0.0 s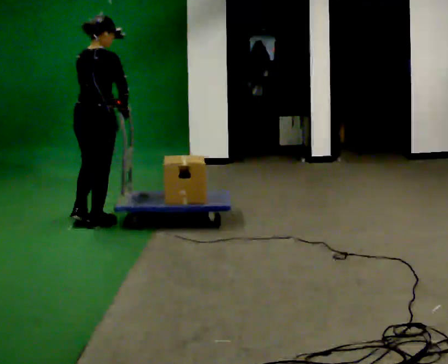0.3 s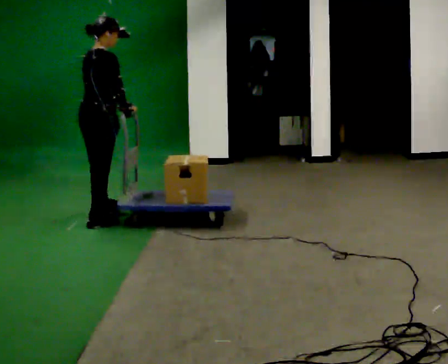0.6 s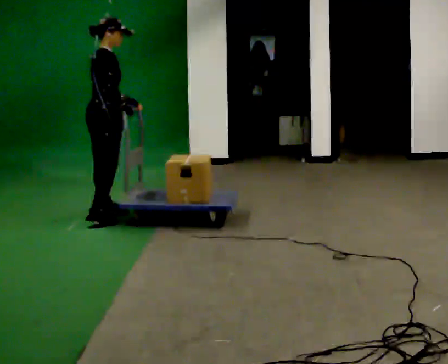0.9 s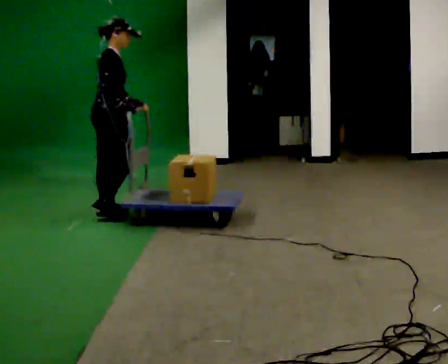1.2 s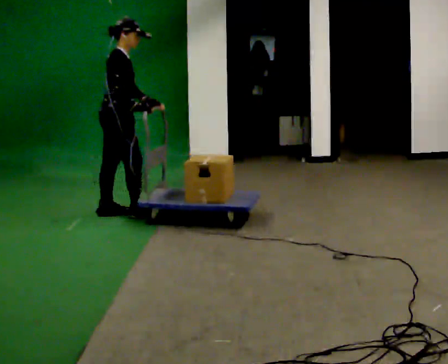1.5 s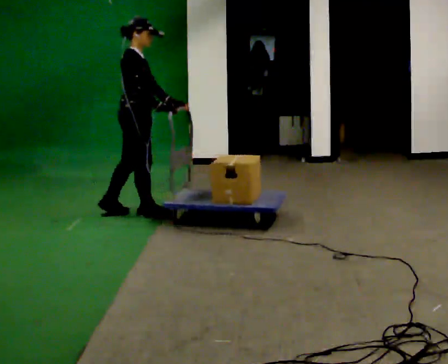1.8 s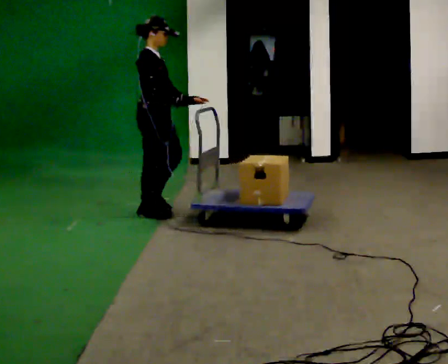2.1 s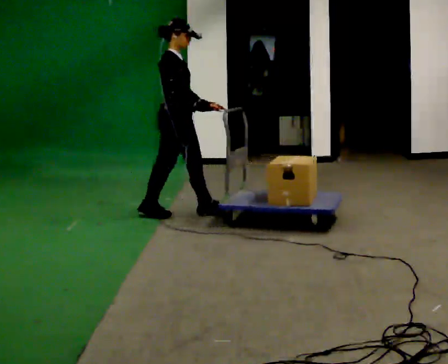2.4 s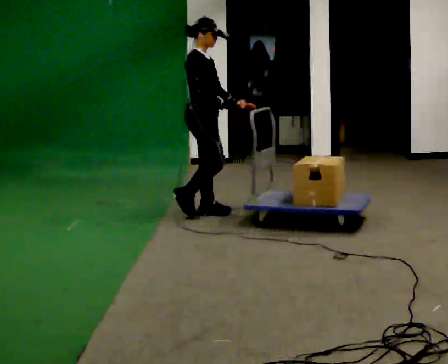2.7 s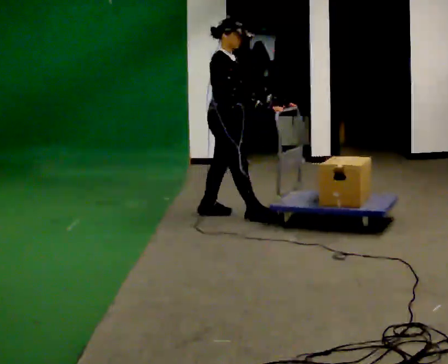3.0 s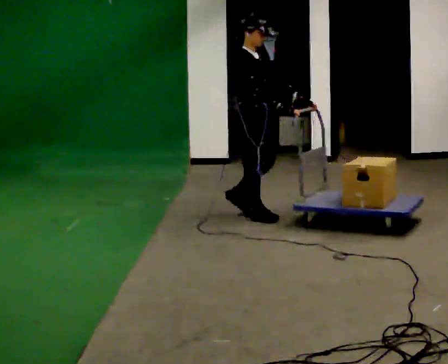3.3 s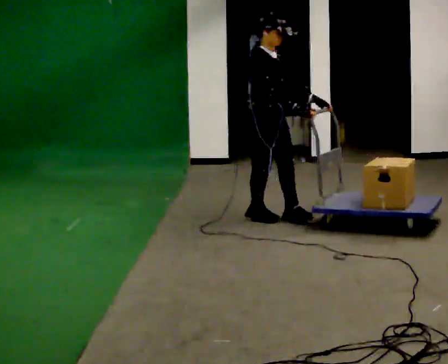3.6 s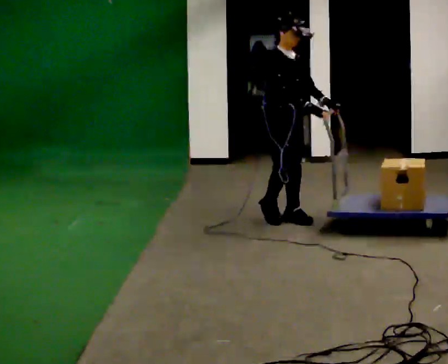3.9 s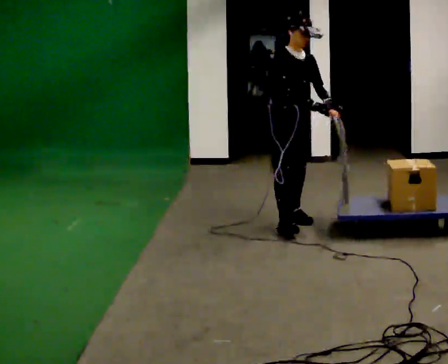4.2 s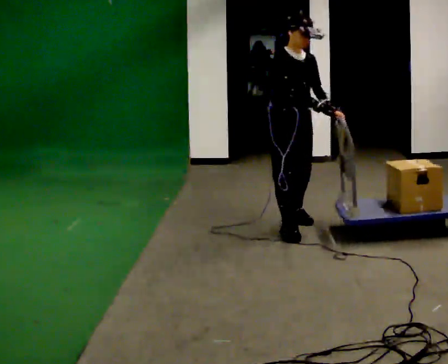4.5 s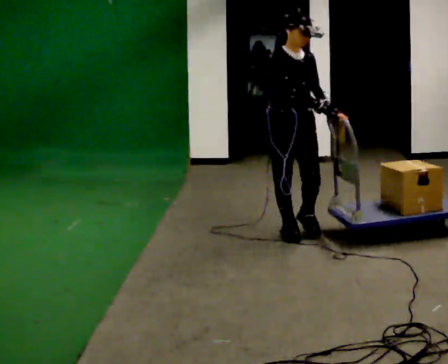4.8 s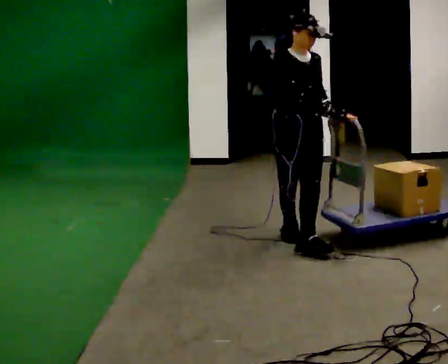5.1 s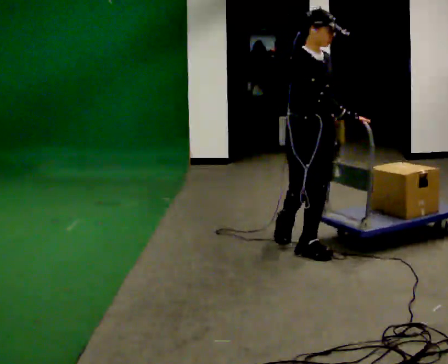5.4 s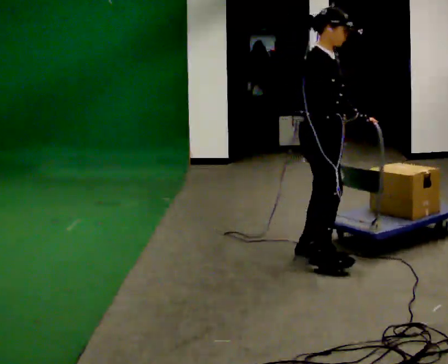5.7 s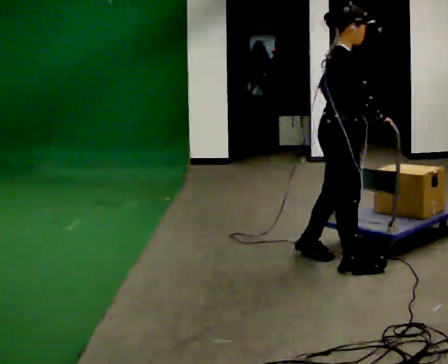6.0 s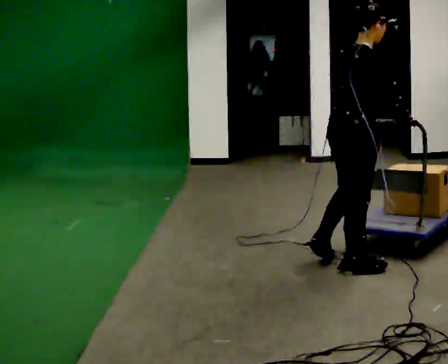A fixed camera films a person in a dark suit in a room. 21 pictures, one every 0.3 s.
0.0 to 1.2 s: The part of the body nearest the lens slides to the left as the person turns to their right by about 60 degrees. In the picture they go away from the camera, about 0.25 m in 1 step, which for them is to their left and forward.
1.2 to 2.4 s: In the picture they go to the right, about 0.75 m in 2 steps, which for them is forward.
2.4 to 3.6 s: The person turns about 30 degrees to their right, clockwise seen from above, so the part of the body nearest the lens slides to the left. In the picture they go to the right, about 0.75 m in 2 steps, which for them is forward.
3.6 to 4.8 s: In the picture they go toward the camera, about 0.5 m in 2 steps, which for them is forward and to their right.
4.8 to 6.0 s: Seen from above the body turns counterclockwise, about 90 degrees: to their left, with its near side sliding to the right. In the picture they go toward the camera and to the right, about 0.5 m in 1 step.
The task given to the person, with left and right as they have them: Stand still with your hands on the cart. When the operator says go, get it moving, push it a few metres, then bring it to a stop. Repeat until the operator says stop.
The film runs forward here.
